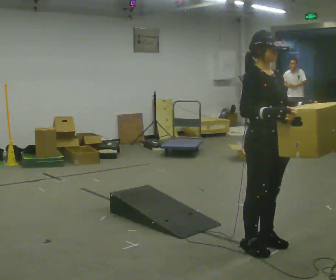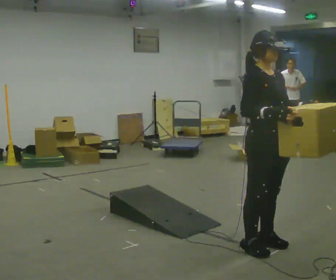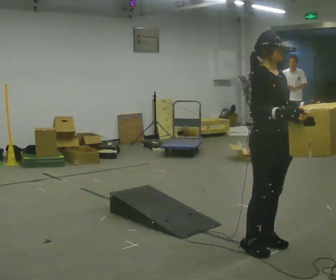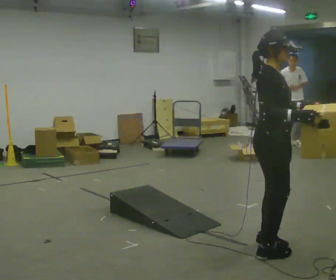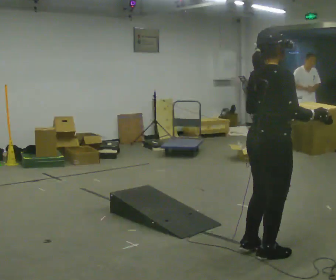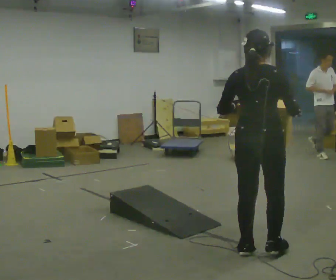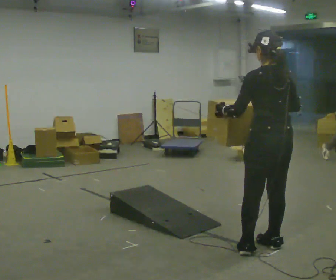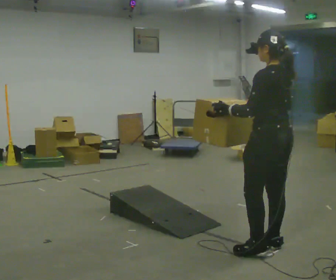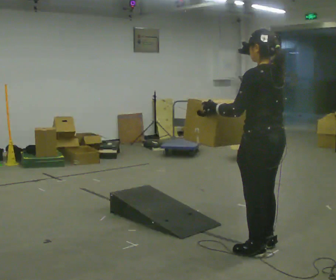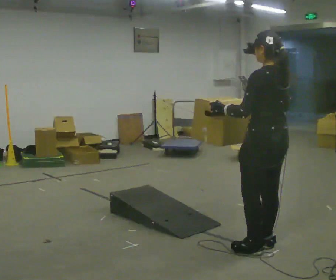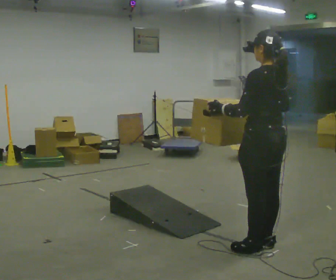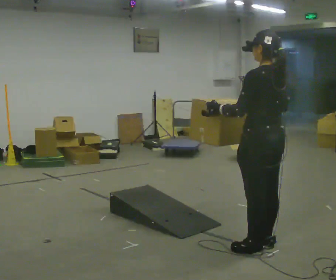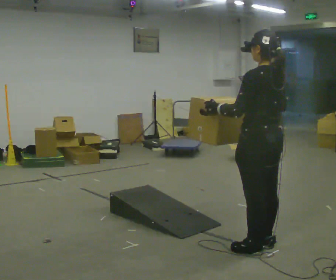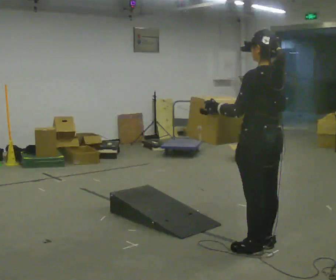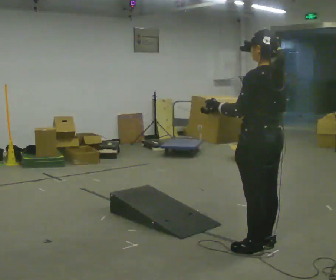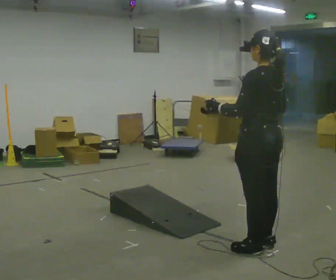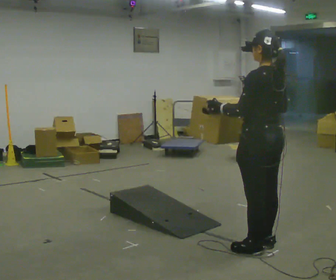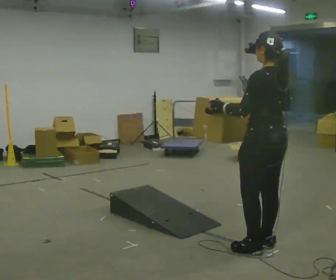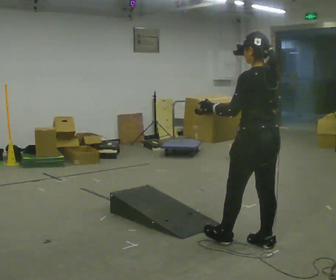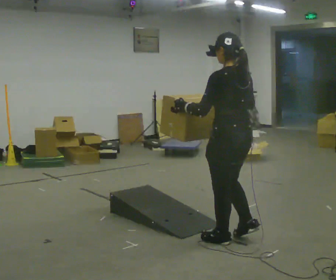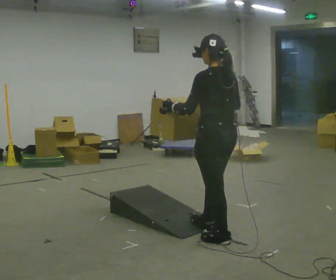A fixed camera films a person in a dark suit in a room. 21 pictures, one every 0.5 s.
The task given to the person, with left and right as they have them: Carry the box up the ramp, turn at the top, and carry it back down. Keep going until the operator says stop; one object at a time, and do not rush between trips.
0.0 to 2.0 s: Seen from above the body turns counterclockwise, about 75 degrees: to their left, with its near side sliding to the right. In the picture they go toward the camera, about 0.25 m in 1 step.
2.0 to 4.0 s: The person turns about 105 degrees to their left, counterclockwise seen from above, so the part of the body nearest the lens slides to the right. In the picture their left hand goes to the left.
4.0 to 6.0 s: The person moves a little, or ends about where they began.
6.0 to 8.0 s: The person keeps their place and pose.
8.0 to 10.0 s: In the picture they go to the left and away from the camera, about 0.5 m in 2 steps, which for them is forward.
The film runs forward here.
